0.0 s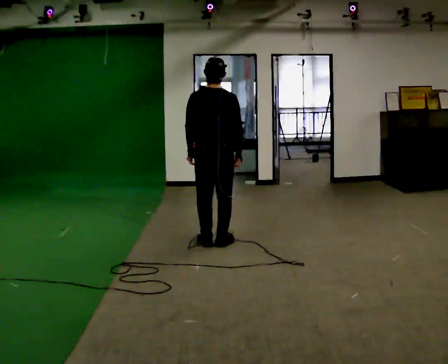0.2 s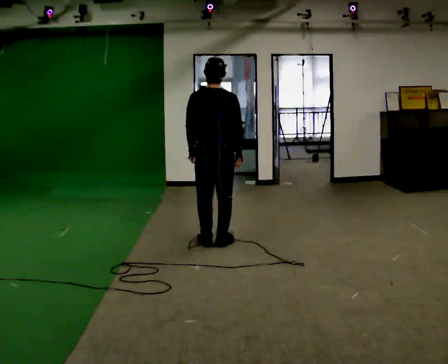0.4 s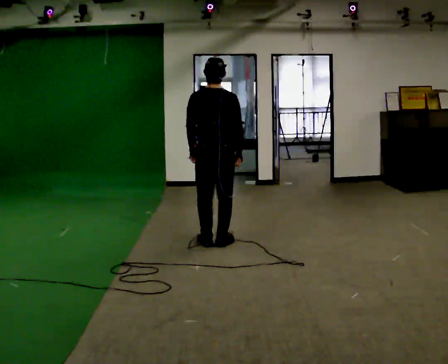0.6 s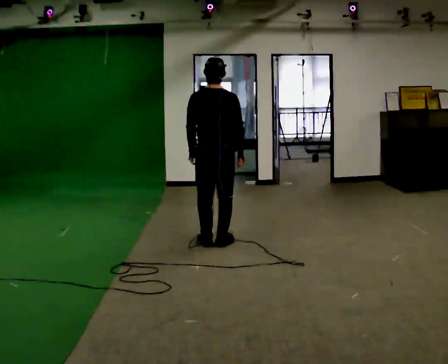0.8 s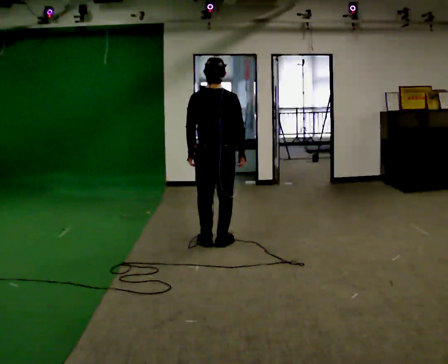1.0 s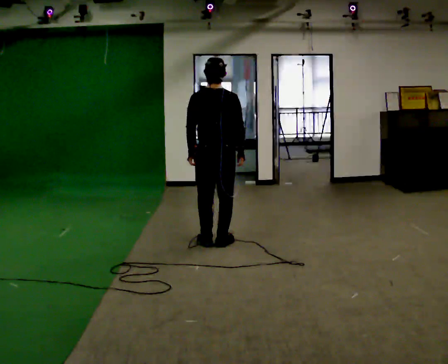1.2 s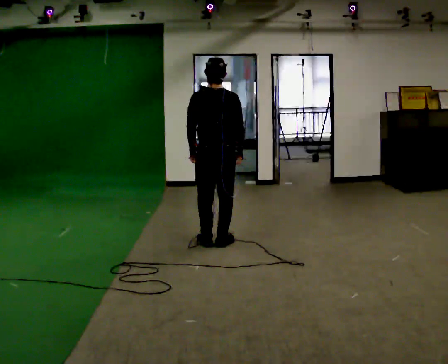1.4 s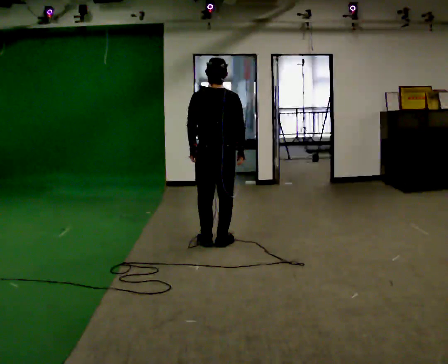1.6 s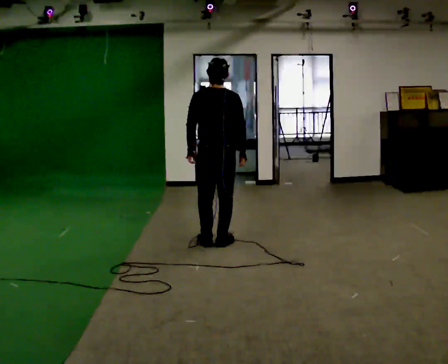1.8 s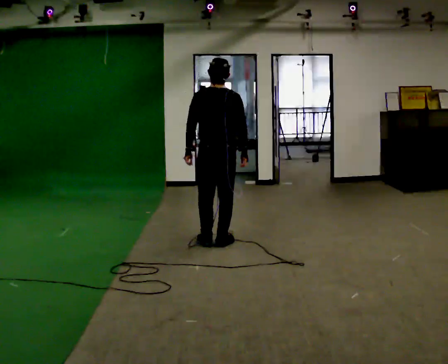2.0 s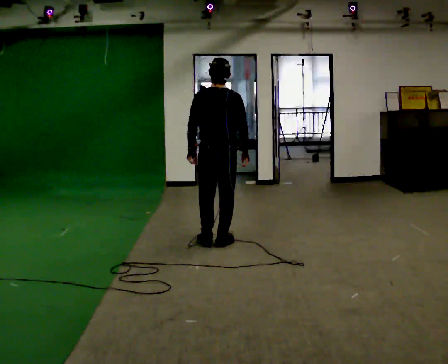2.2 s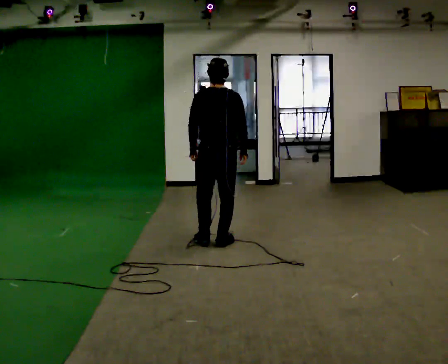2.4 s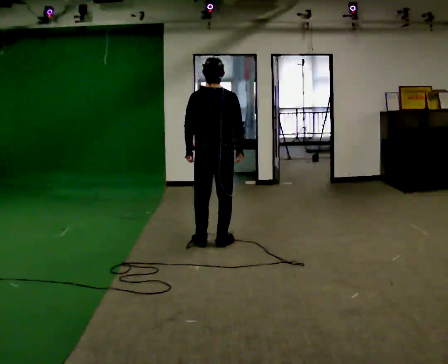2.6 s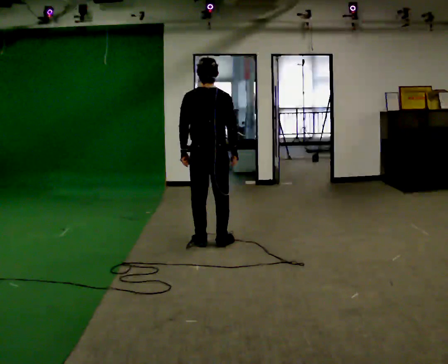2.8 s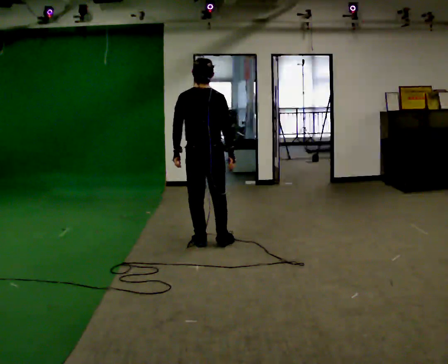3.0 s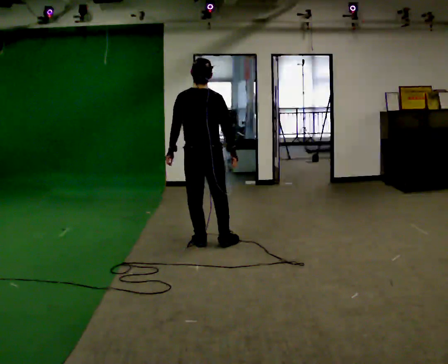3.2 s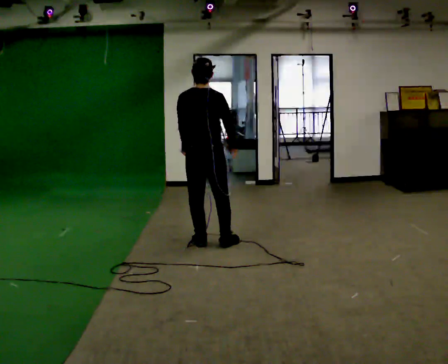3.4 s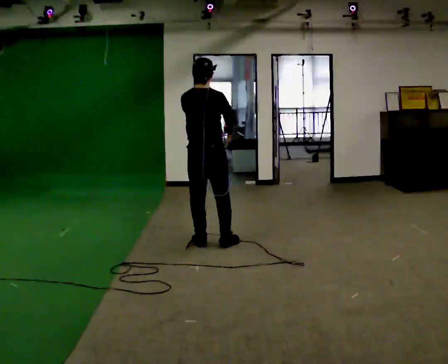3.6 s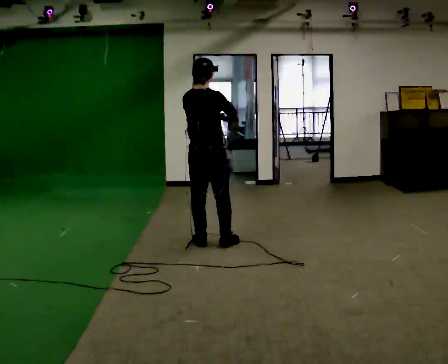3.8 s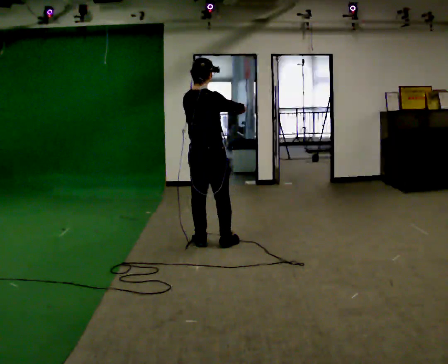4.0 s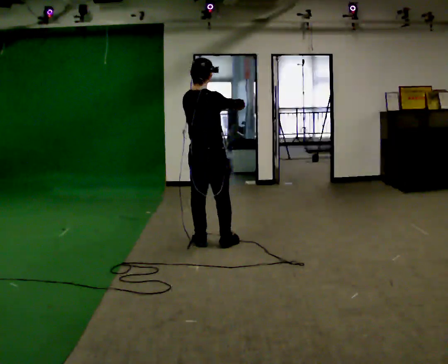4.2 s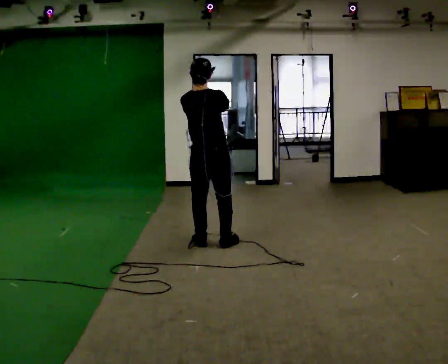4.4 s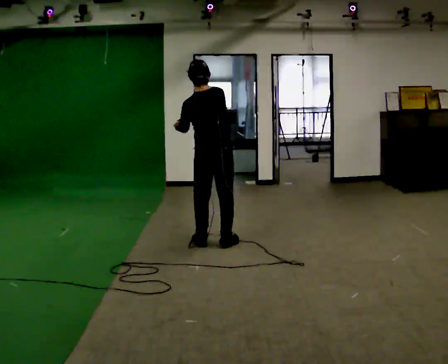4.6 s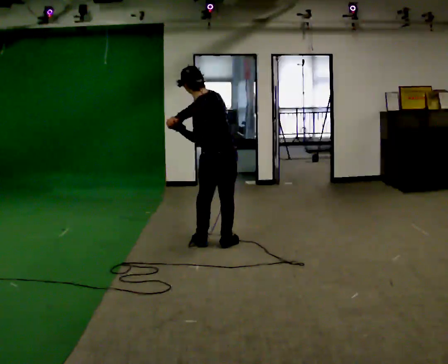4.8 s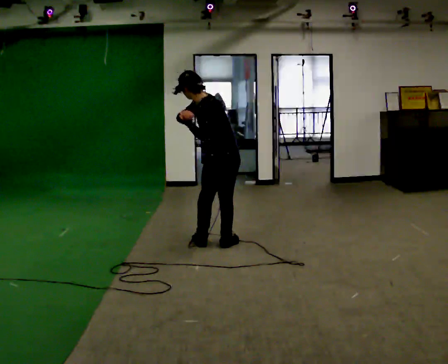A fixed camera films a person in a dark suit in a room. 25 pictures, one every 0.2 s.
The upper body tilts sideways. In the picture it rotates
counterclockwise.
0.0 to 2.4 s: The person moves a little, or ends about where they began.
2.4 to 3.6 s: The part of the body nearest the lens slides to the left as the person turns to their right by about 30 degrees.
3.6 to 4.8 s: Seen from above the body turns counterclockwise, about 75 degrees: to their left, with its near side sliding to the right. In the picture the upper body tilts counterclockwise, shoulders to the left. In the picture their right hand goes to the left.
The film runs backward here.
